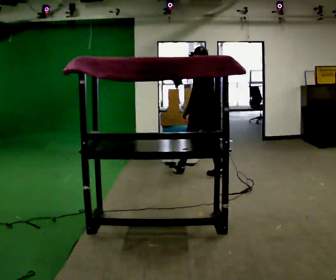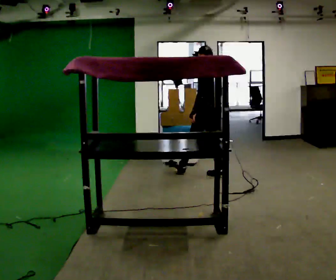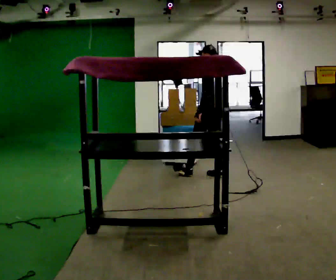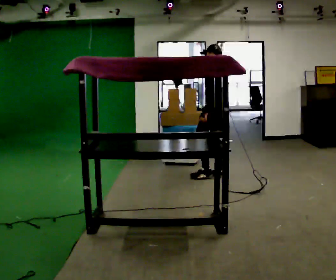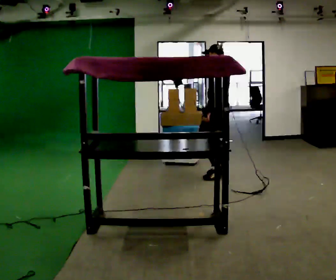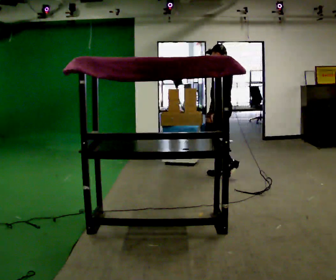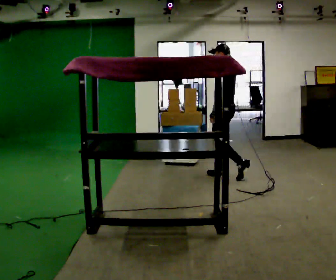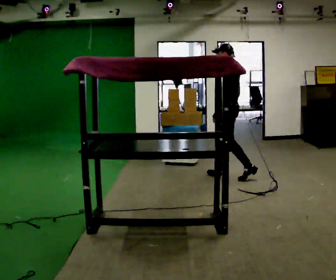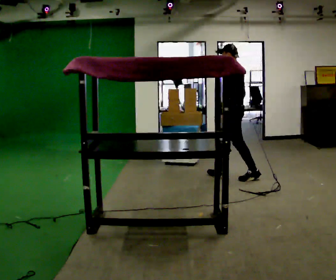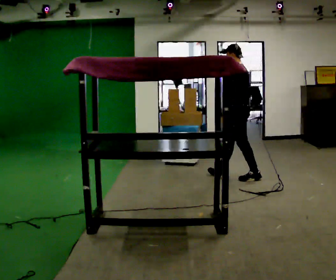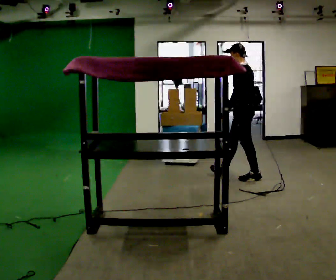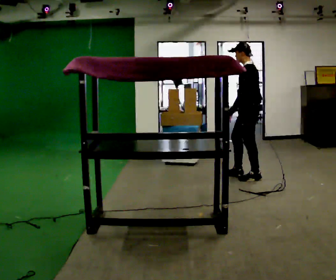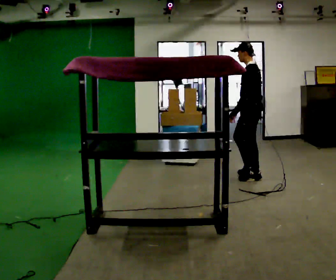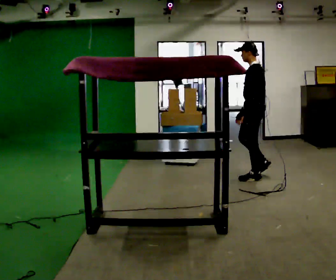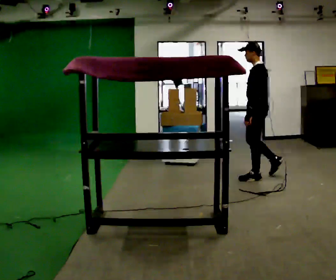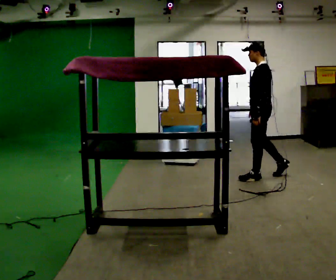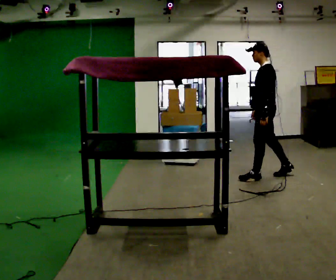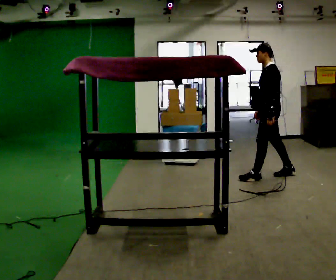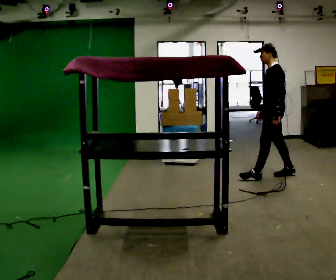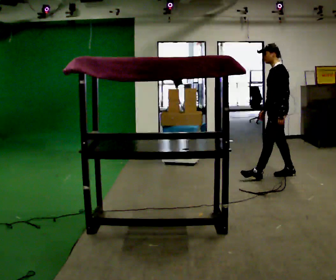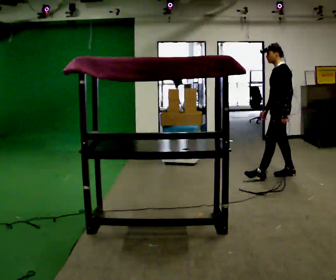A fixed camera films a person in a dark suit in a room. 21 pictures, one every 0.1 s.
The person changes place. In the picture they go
to the right.
0.0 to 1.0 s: The part of the body nearest the lens slides to the right as the person turns to their left by about 30 degrees. In the picture they go to the right, about 0.5 m in 2 steps, which for them is backward.
1.0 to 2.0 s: In the picture they go to the right, about 0.5 m in 1 step, which for them is backward.
The film runs backward here.
